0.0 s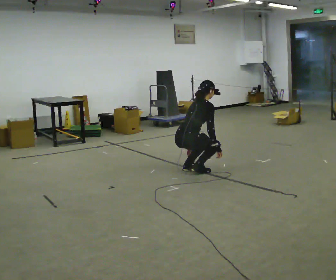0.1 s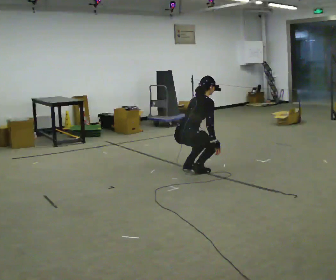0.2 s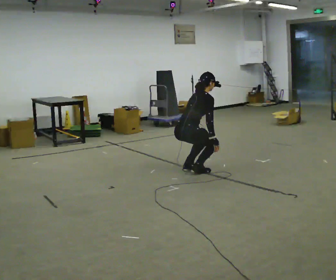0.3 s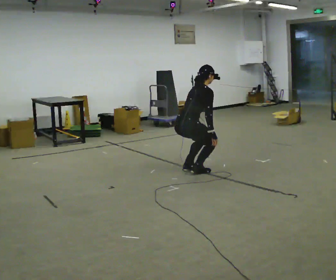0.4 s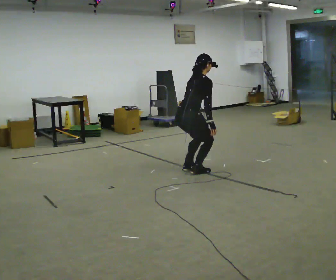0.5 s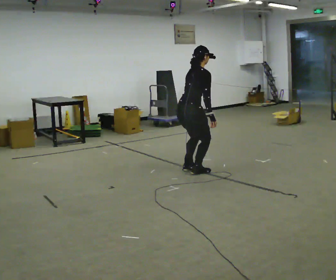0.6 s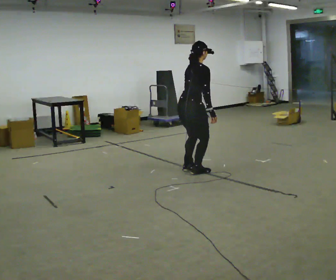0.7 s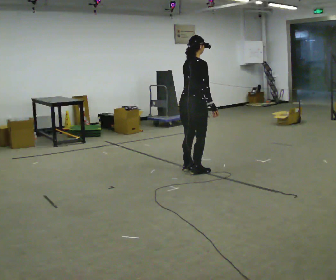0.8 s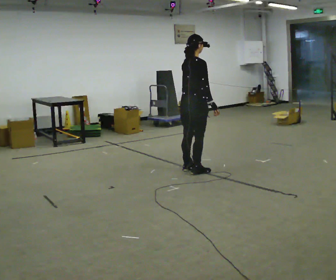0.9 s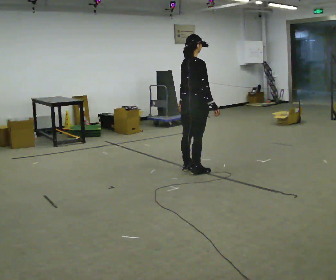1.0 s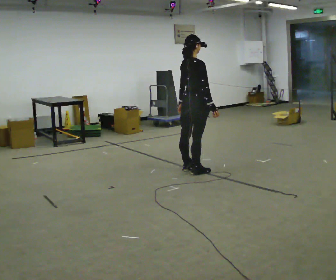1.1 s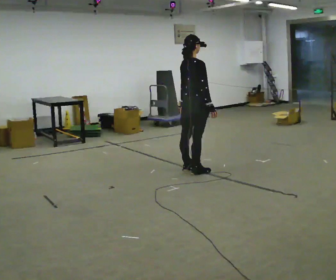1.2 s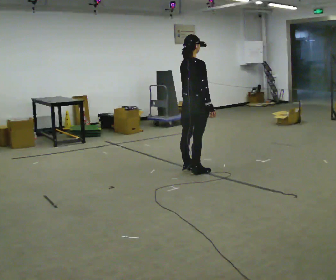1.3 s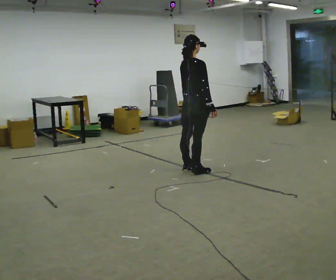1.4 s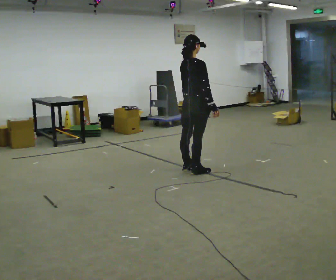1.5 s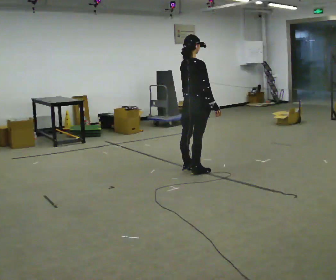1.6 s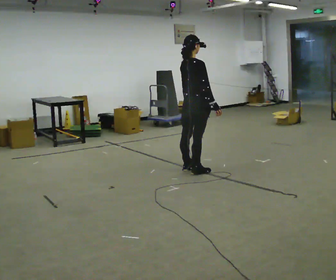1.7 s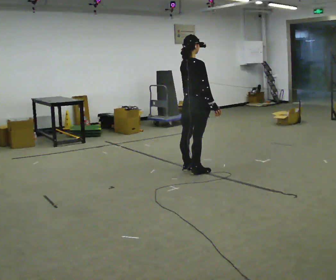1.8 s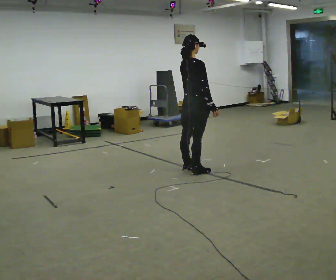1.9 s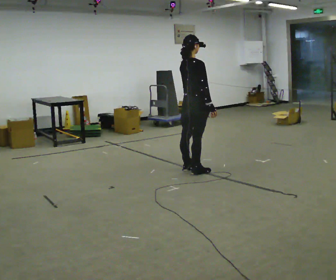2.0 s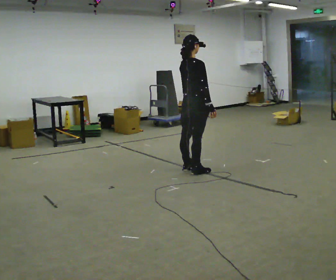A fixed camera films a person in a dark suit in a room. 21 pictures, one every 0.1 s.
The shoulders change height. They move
upward.
Their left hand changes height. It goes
upward.
0.0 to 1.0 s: The shoulders move upward. In the picture the upper body tilts counterclockwise, shoulders to the left, as they lean back or straighten. In the picture their right hand goes upward.
1.0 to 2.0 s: The person moves a little, or ends about where they began.
The film runs forward here.
